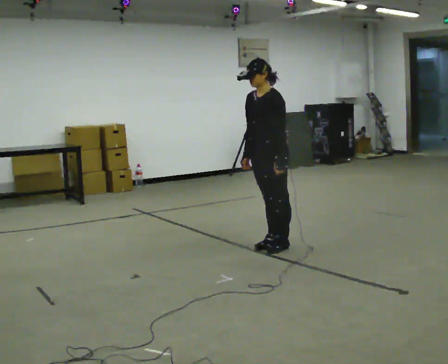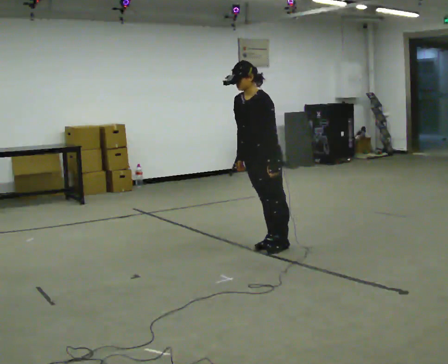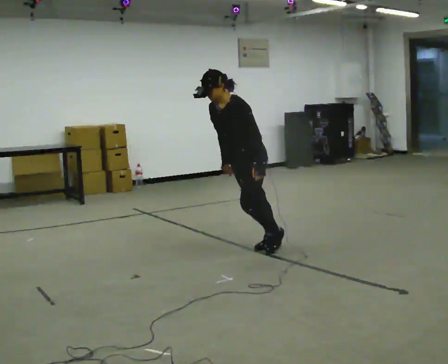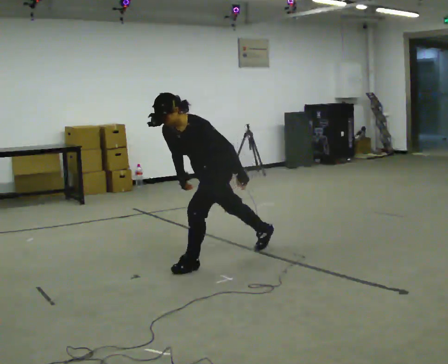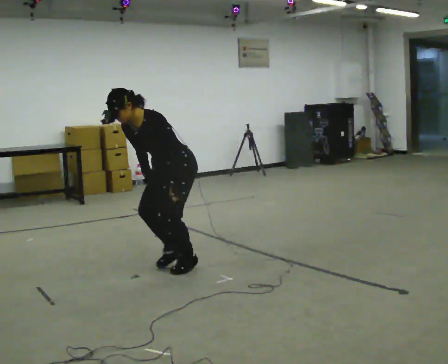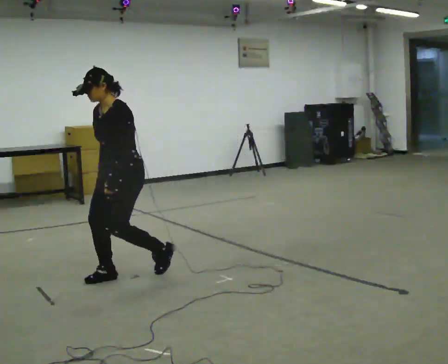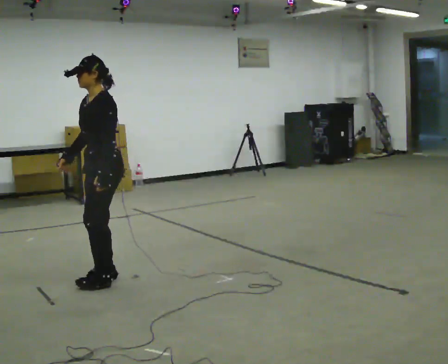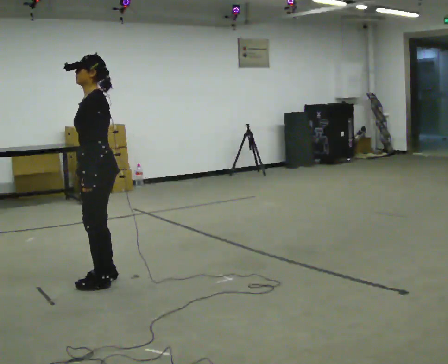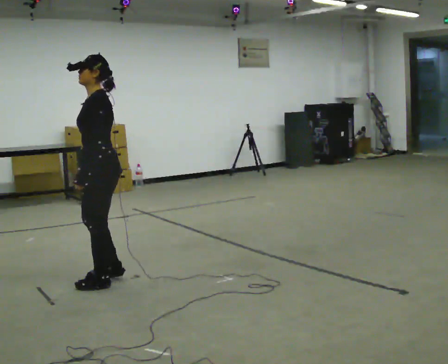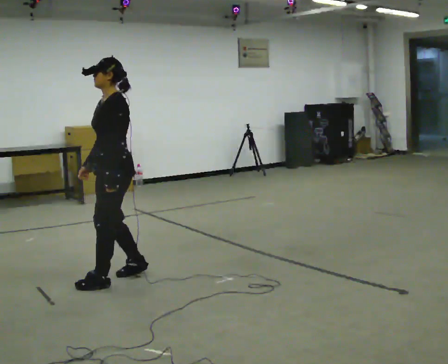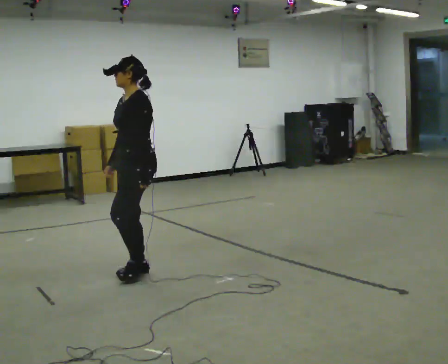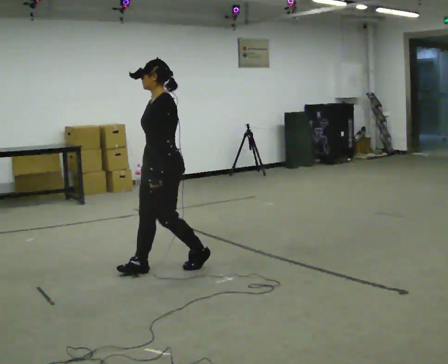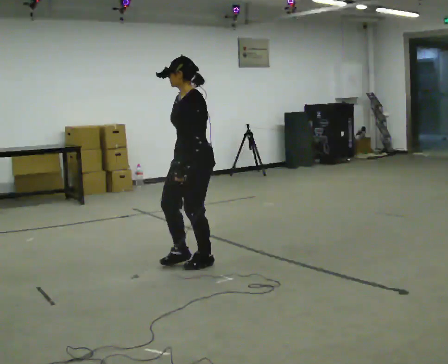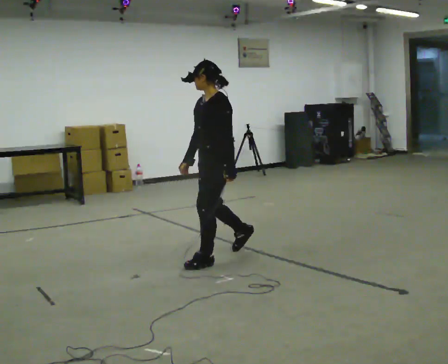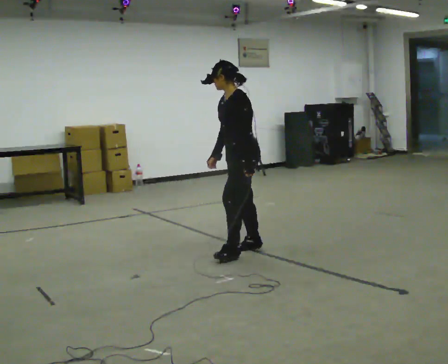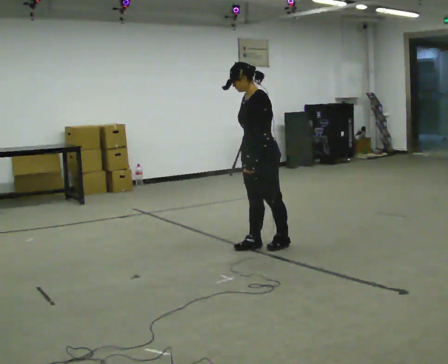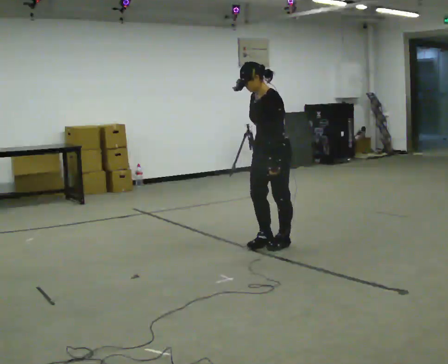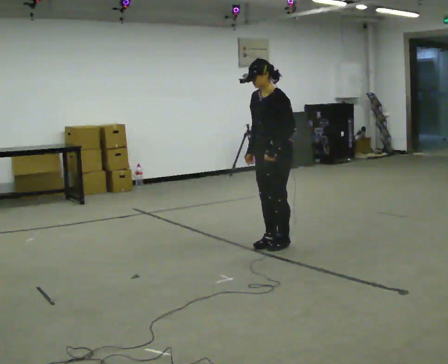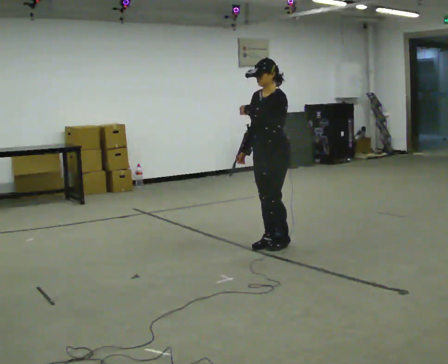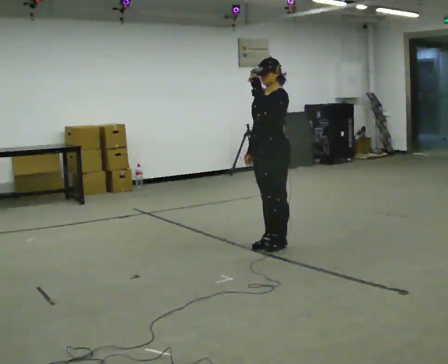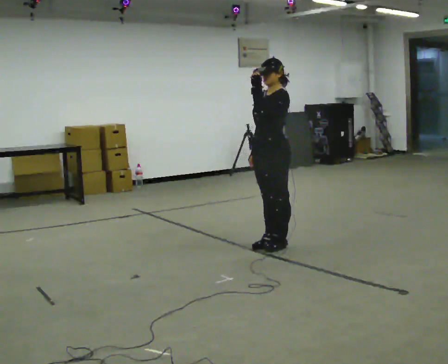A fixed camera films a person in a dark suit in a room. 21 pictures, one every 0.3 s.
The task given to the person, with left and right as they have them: Stand on the marked spots with your feet together. Lean forward from the ankles, keeping your body straight, until you cannot hold it any longer, then step forward to catch yourself. Return to the spots. Repeat at your own pace until the operator says stop. Go slowly and only as far as you are comfortable. Step whenever you need to; do not try to hold on longer than feels safe.
0.0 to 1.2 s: In the picture they go to the left and toward the camera, about 1 m in 1 step, which for them is forward. In the picture the upper body tilts counterclockwise, shoulders to the left, as they bend forward.
1.2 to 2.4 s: In the picture they go to the left and toward the camera, about 0.5 m in 2 steps, which for them is forward. In the picture the upper body tilts clockwise, shoulders to the right, as they lean back or straighten.
2.4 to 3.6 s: In the picture they go to the right and away from the camera, about 1 m in 2 steps, which for them is backward.
3.6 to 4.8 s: In the picture they go to the right and away from the camera, about 0.5 m in 2 steps, which for them is backward.
4.8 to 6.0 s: In the picture the upper body tilts clockwise, shoulders to the right, as they lean back or straighten. In the picture their left hand goes upward.
The film runs forward here.
